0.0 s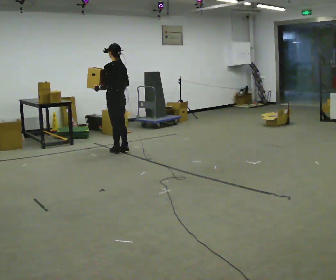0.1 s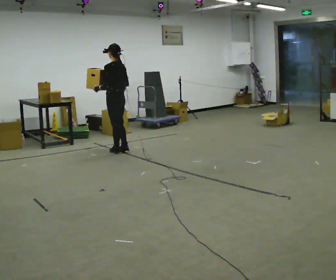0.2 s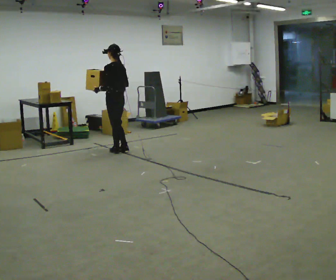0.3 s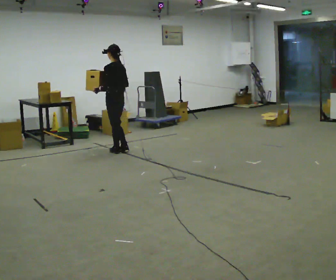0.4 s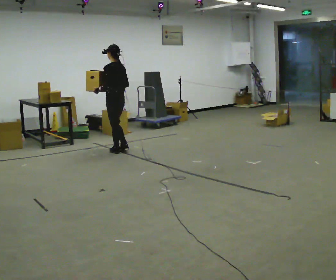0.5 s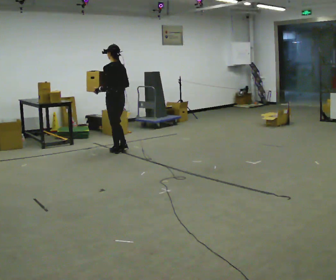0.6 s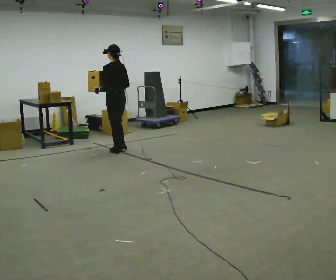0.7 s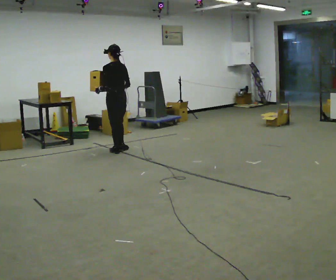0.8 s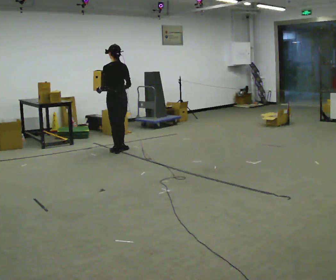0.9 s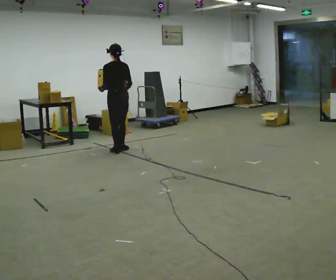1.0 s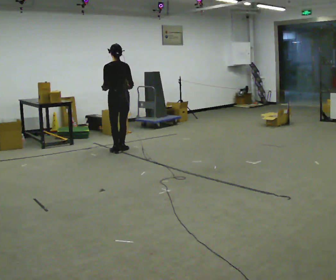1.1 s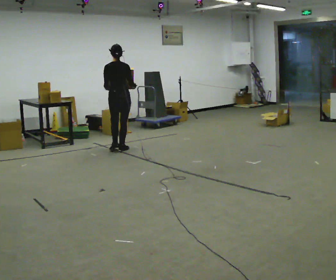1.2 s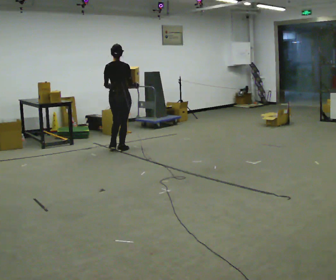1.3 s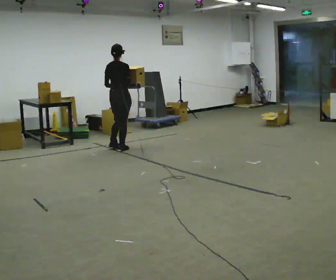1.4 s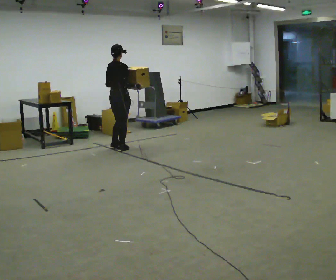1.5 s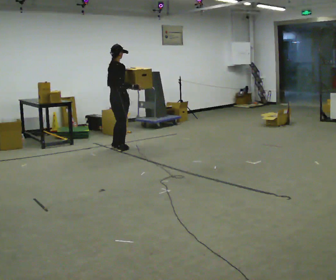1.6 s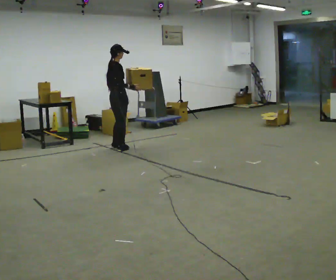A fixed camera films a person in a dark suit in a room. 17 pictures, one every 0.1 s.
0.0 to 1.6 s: Seen from above the body turns clockwise, about 135 degrees: to their right, with its near side sliding to the left. In the picture they go away from the camera, about 0.25 m in 1 step.
The film runs forward here.
